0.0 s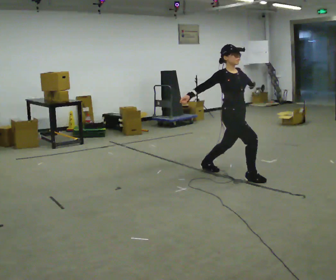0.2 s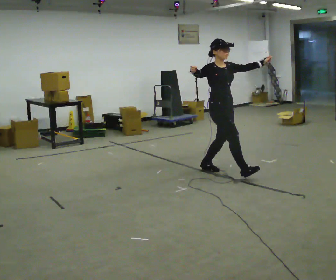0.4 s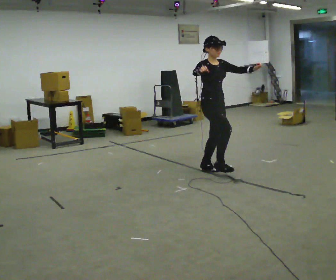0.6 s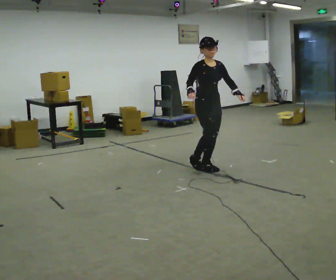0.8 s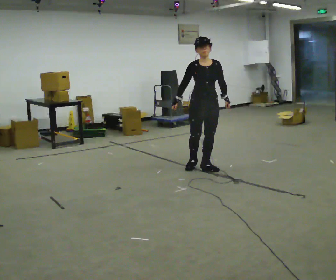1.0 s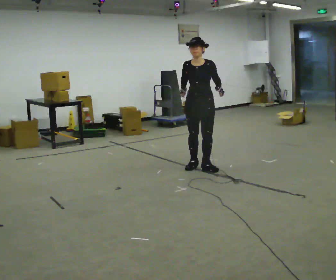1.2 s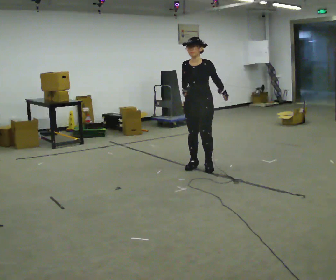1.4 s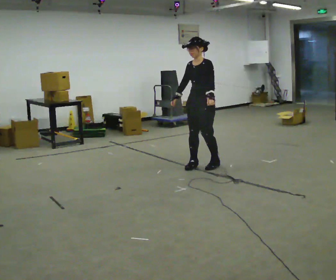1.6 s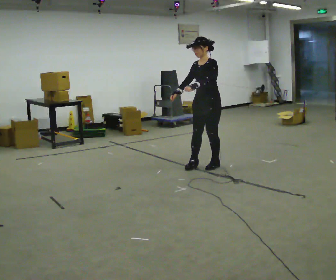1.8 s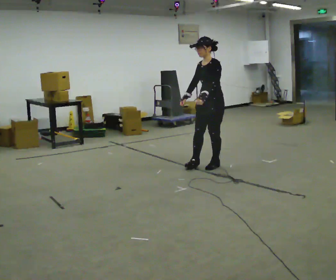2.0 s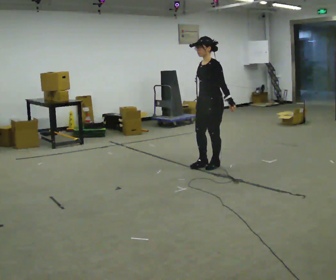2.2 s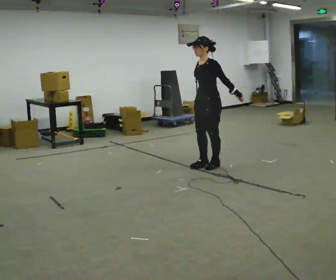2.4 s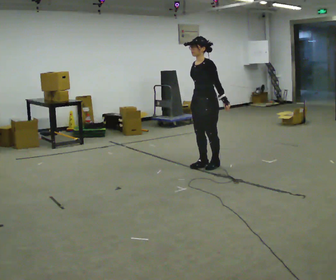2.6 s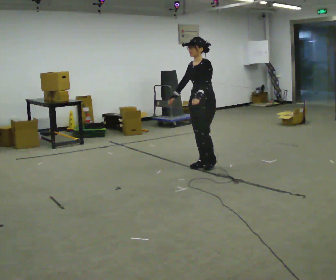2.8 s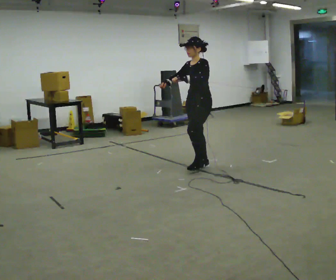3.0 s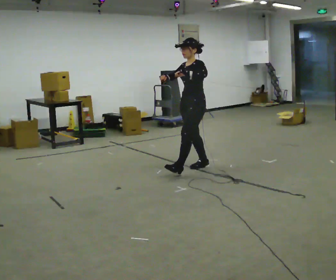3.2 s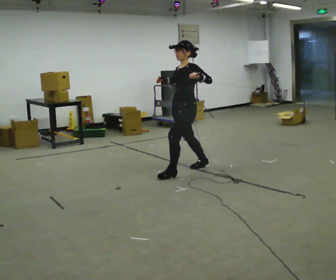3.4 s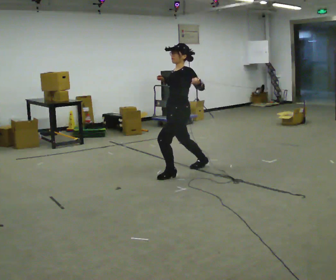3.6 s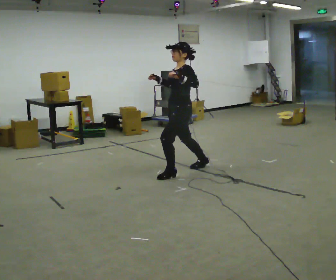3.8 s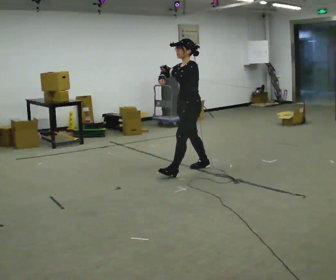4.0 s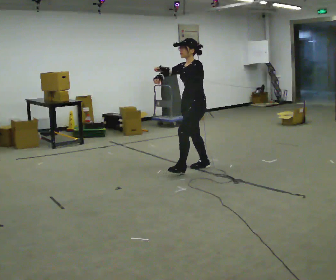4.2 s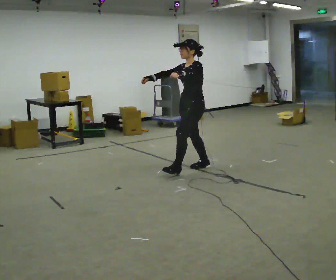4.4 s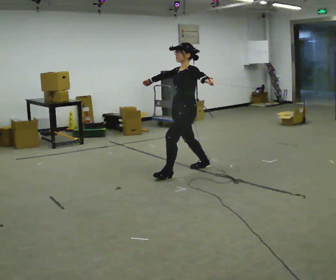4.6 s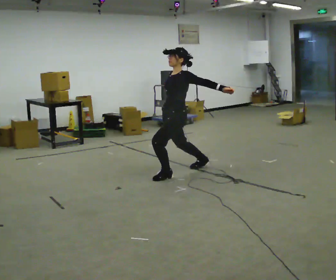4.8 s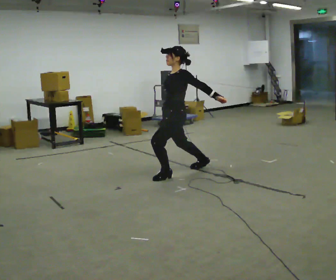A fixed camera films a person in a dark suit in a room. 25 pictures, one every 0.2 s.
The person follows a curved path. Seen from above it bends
counterclockwise.
0.0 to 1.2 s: The person turns about 90 degrees to their right, clockwise seen from above, so the part of the body nearest the lens slides to the left. In the picture they go away from the camera and to the left, about 0.5 m in 1 step.
1.2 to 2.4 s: The person moves a little, or ends about where they began.
2.4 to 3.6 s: In the picture they go to the left and toward the camera, about 0.25 m in 1 step, which for them is forward.
3.6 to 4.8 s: In the picture their left hand goes to the right.
The film runs forward here.
